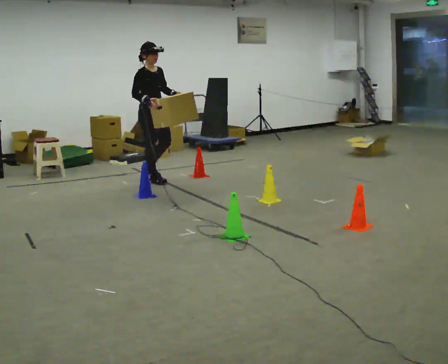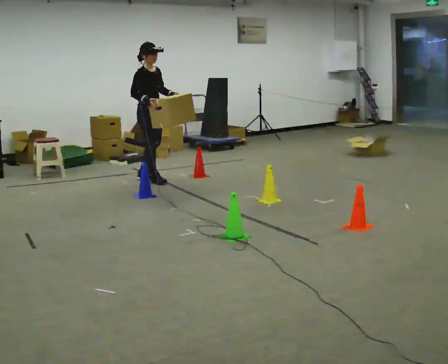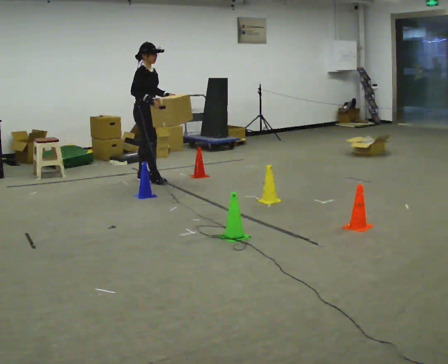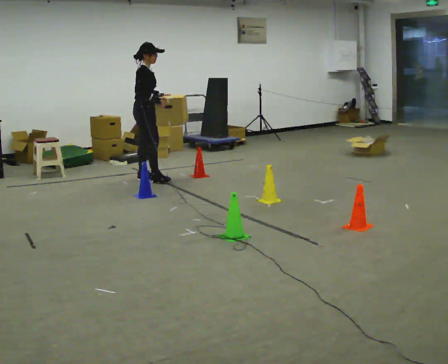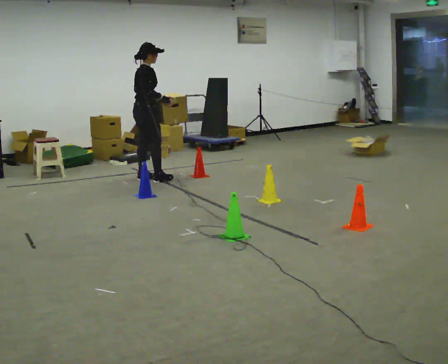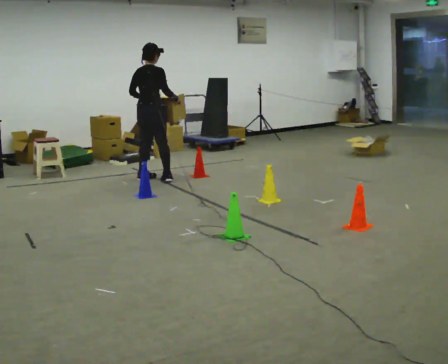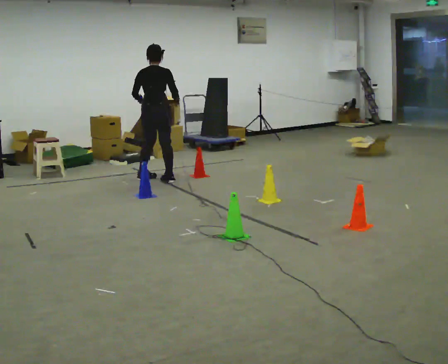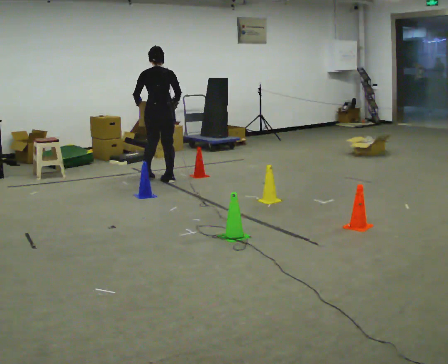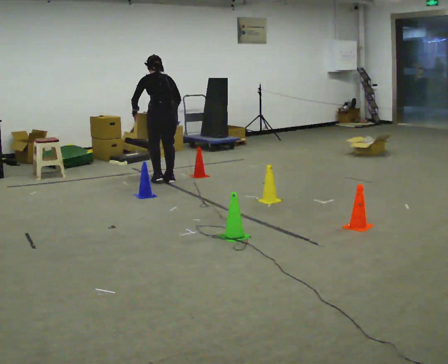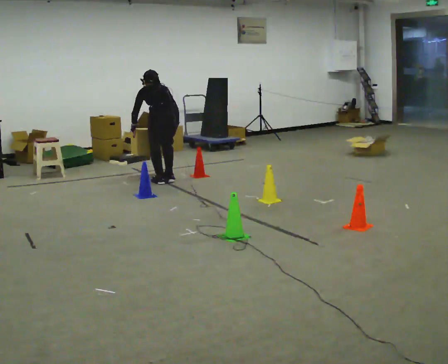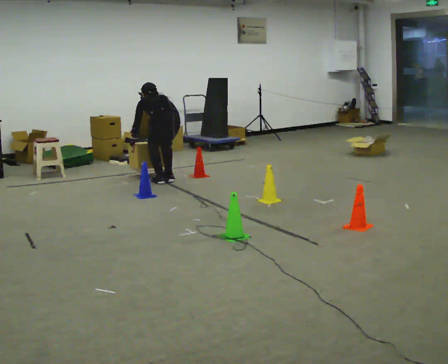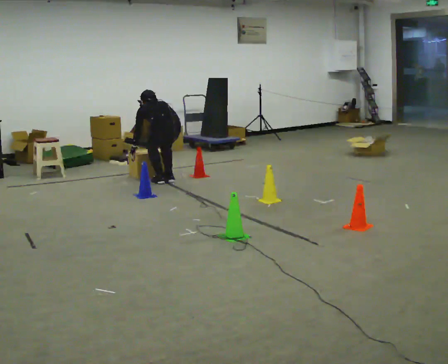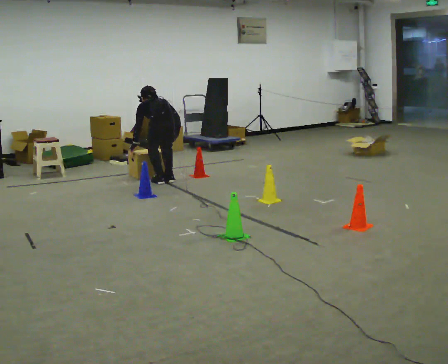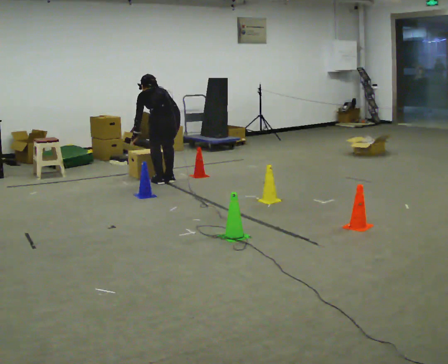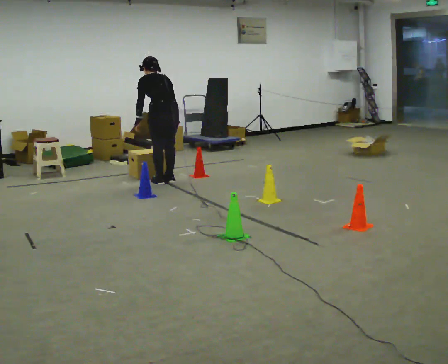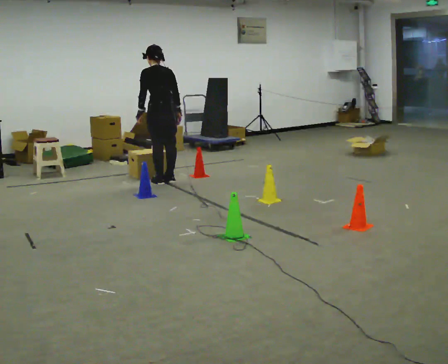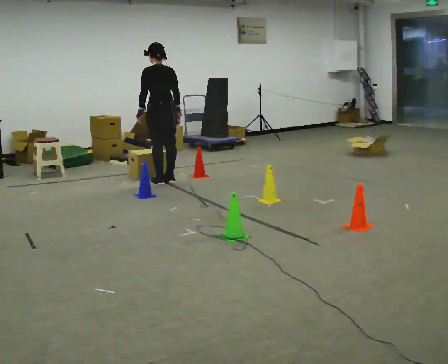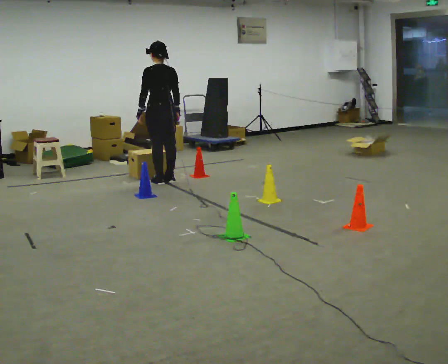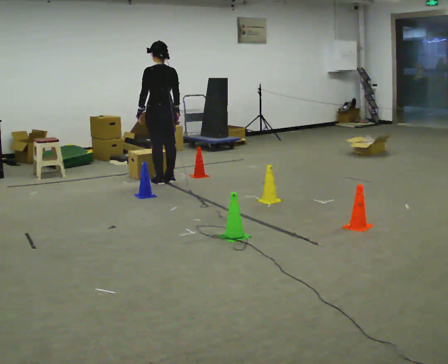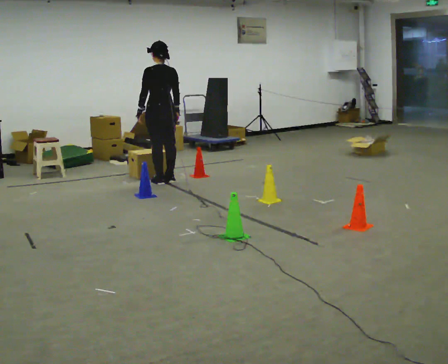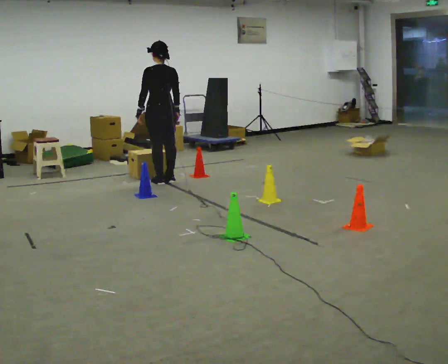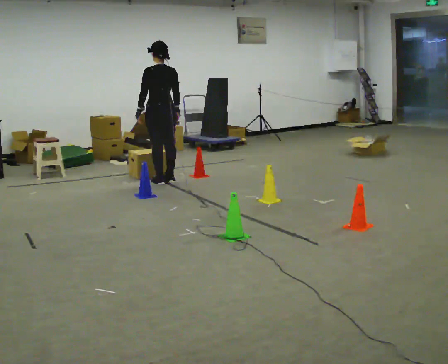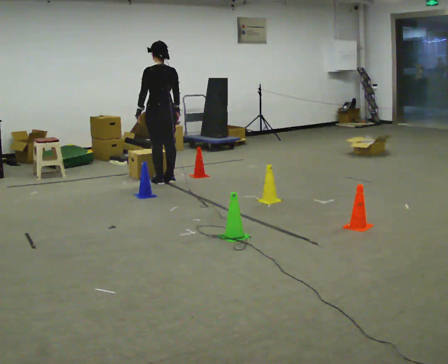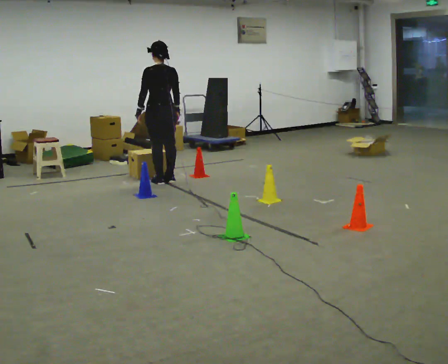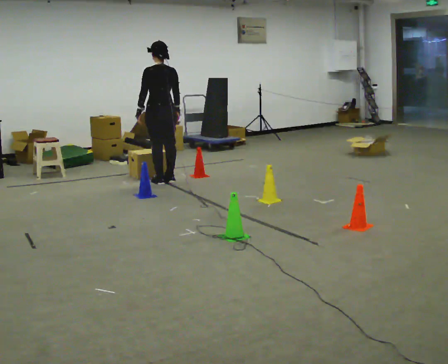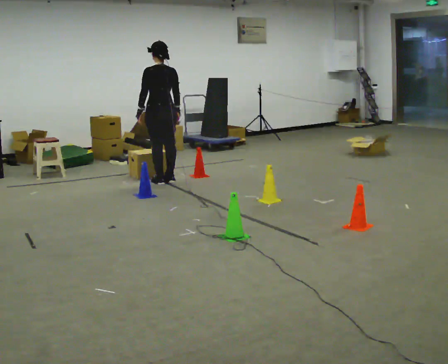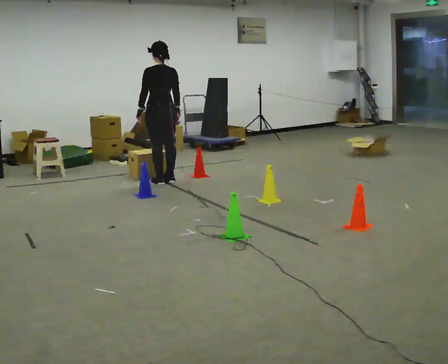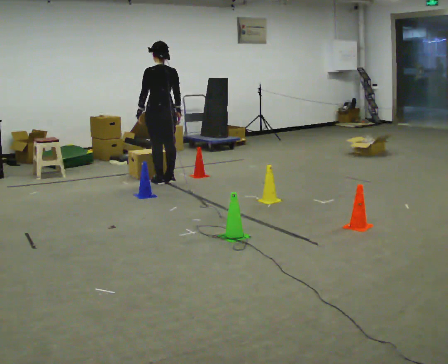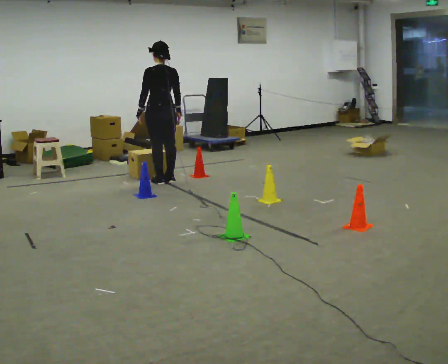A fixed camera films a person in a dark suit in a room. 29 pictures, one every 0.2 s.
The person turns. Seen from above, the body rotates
counterclockwise.
The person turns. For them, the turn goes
to their left.
0.0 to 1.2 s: The person turns about 120 degrees to their left, counterclockwise seen from above, so the part of the body nearest the lens slides to the right. In the picture their left hand goes to the left, the arm swinging clockwise.
1.2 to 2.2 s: Seen from above the body turns counterclockwise, about 30 degrees: to their left, with its near side sliding to the right. In the picture they go toward the camera, about 0.25 m in 1 step, which for them is backward. The upper body goes downward. The upper body tips away from the camera, its near side rolling upward, as they bend forward. In the picture their left hand goes downward.
2.2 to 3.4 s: The upper body goes upward. The upper body tips toward the camera, its near side rolling downward, as they lean back or straighten. In the picture their right hand goes upward.
3.4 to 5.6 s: The person moves a little, or ends about where they began.
The film runs backward here.
